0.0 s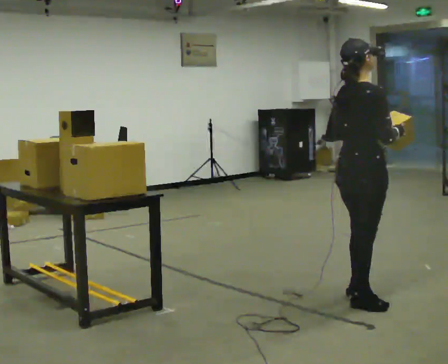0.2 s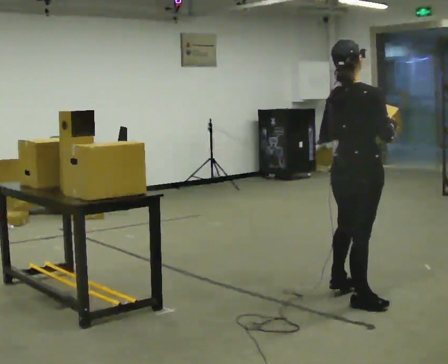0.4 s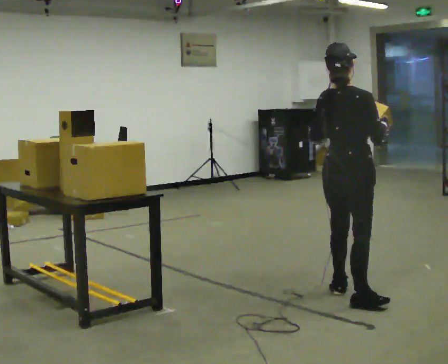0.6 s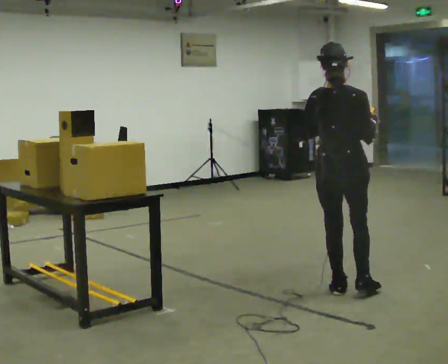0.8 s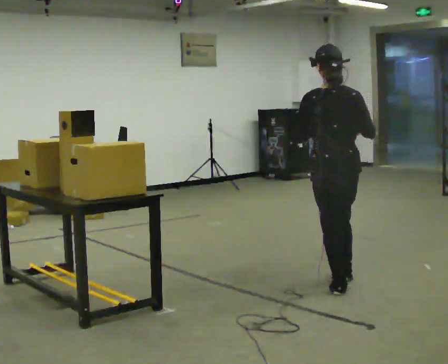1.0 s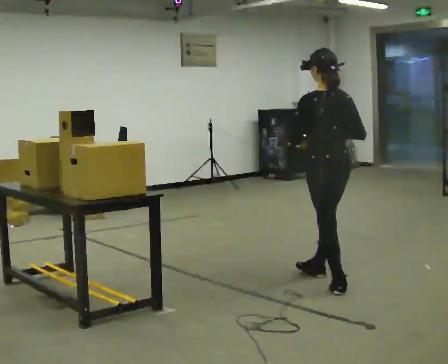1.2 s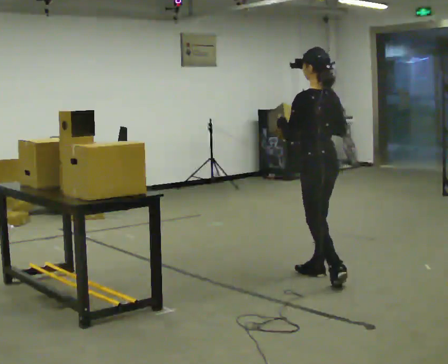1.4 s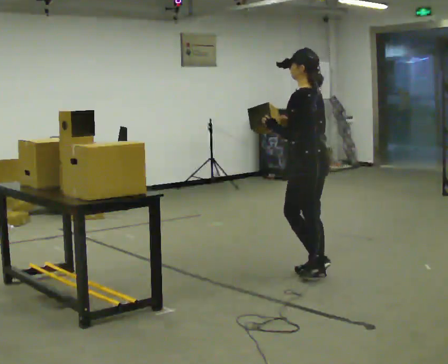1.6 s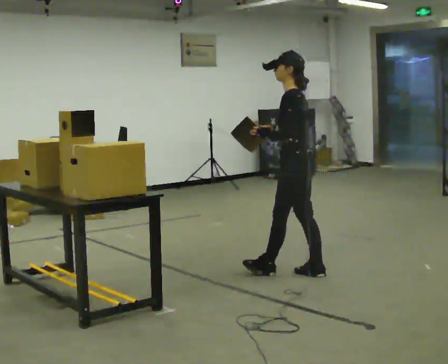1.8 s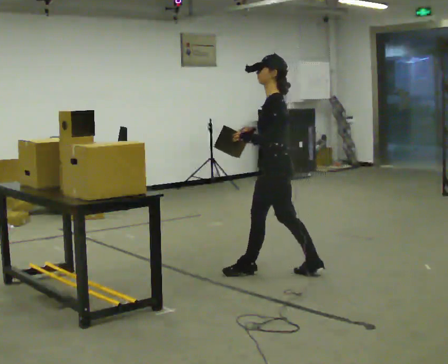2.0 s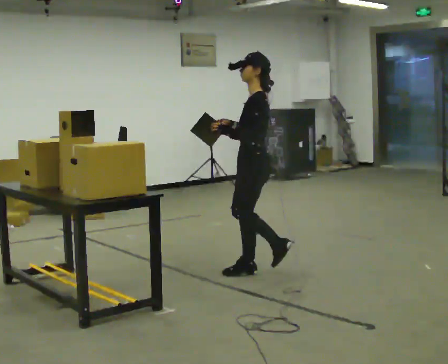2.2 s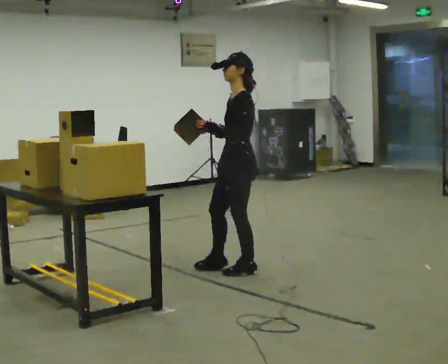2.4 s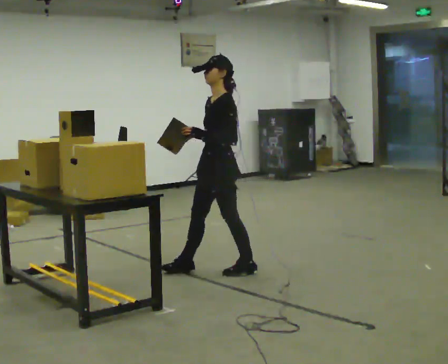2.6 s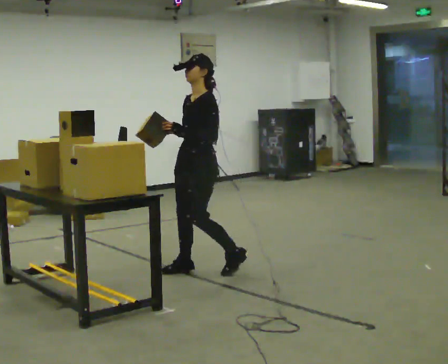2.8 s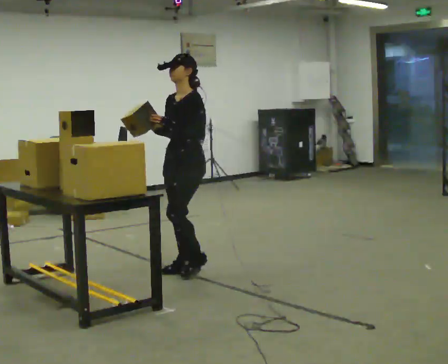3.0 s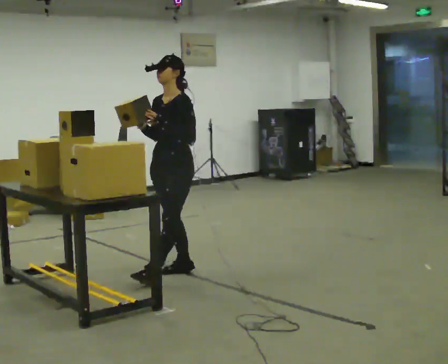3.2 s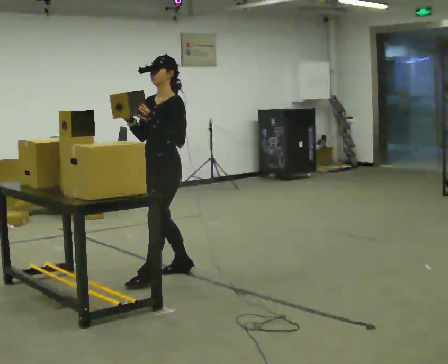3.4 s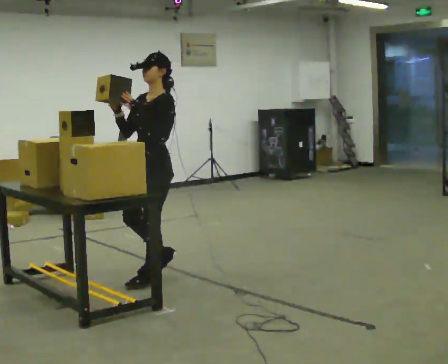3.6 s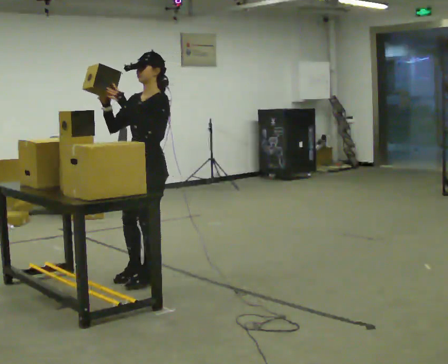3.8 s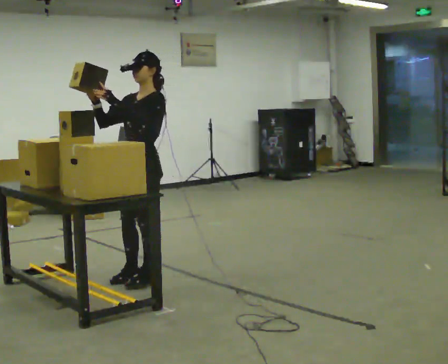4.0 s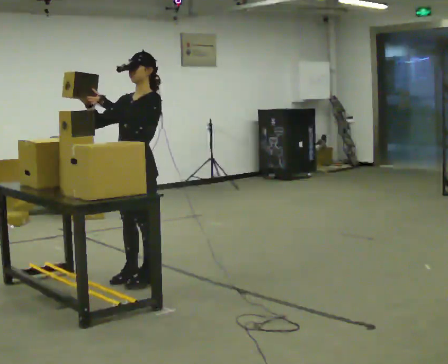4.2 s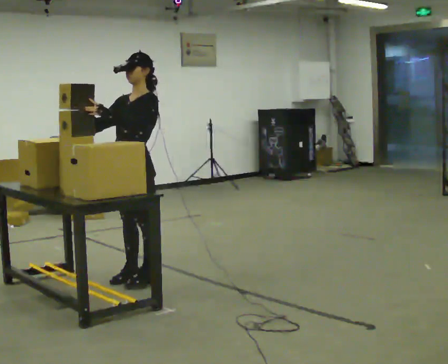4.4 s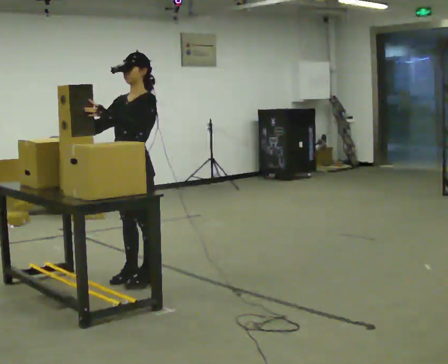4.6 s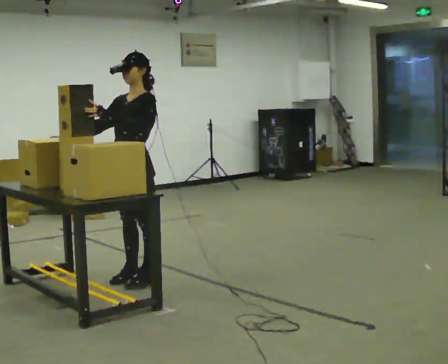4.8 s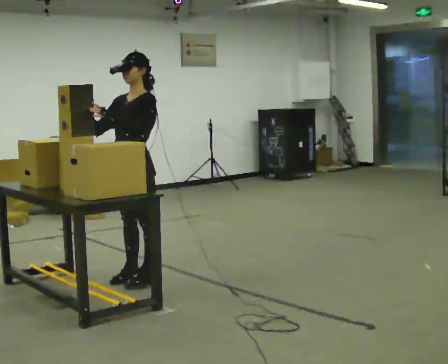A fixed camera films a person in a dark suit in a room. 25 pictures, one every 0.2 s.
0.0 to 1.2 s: Seen from above the body turns counterclockwise, about 105 degrees: to their left, with its near side sliding to the right. In the picture they go away from the camera, about 0.5 m in 1 step.
1.2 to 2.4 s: Seen from above the body turns counterclockwise, about 60 degrees: to their left, with its near side sliding to the right. In the picture they go to the left and away from the camera, about 0.5 m in 2 steps, which for them is forward.
2.4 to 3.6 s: The part of the body nearest the lens slides to the right as the person turns to their left by about 30 degrees. In the picture they go to the left, about 0.5 m in 1 step, which for them is forward.
3.6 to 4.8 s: The person moves a little, or ends about where they began.
The film runs forward here.
